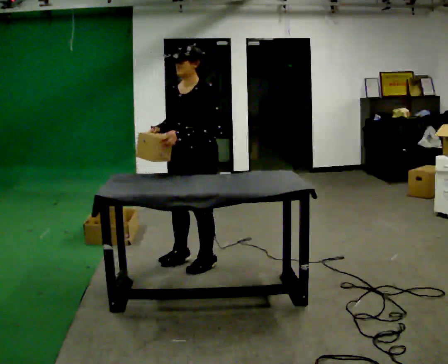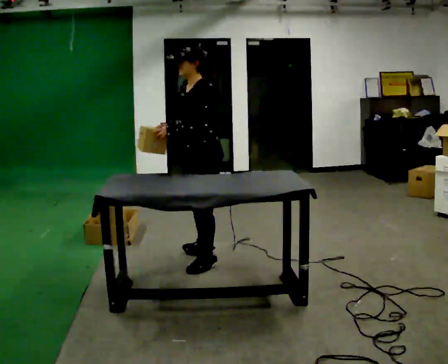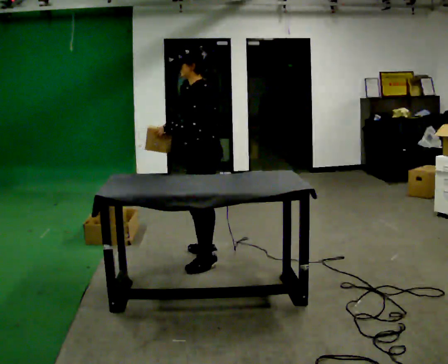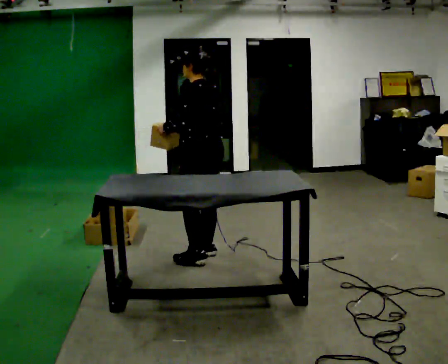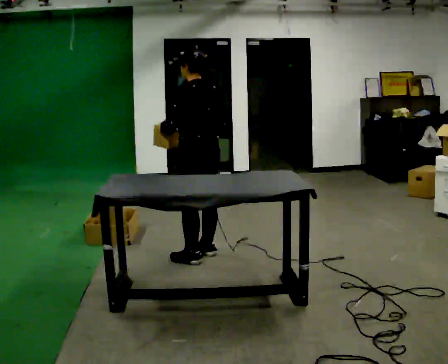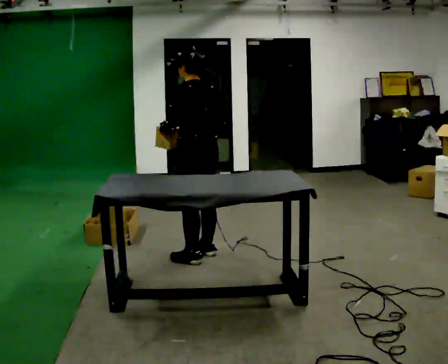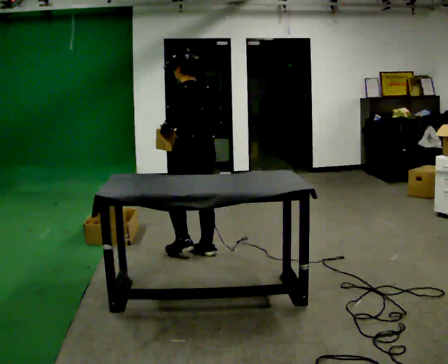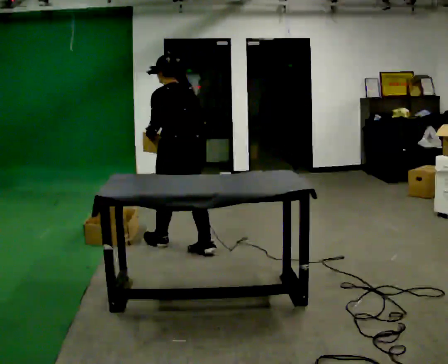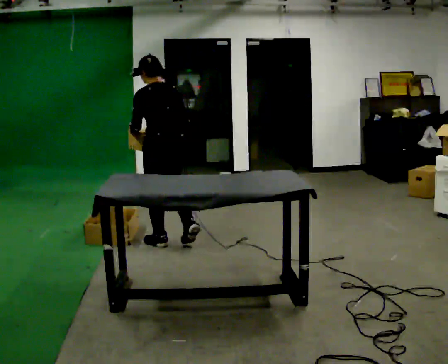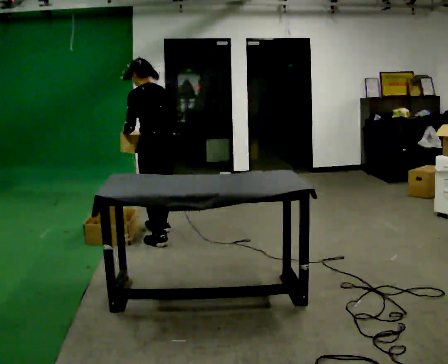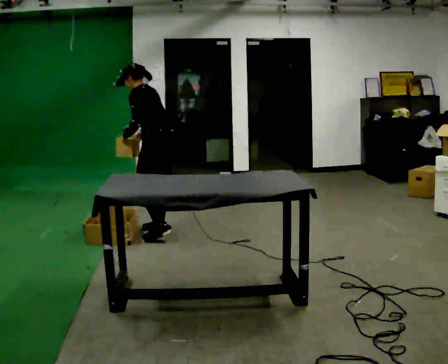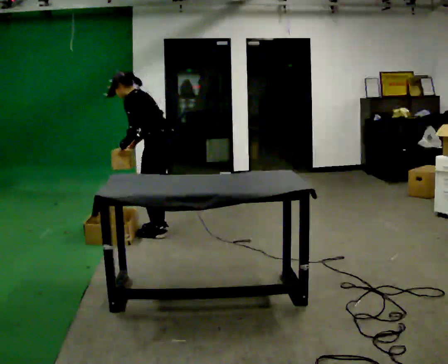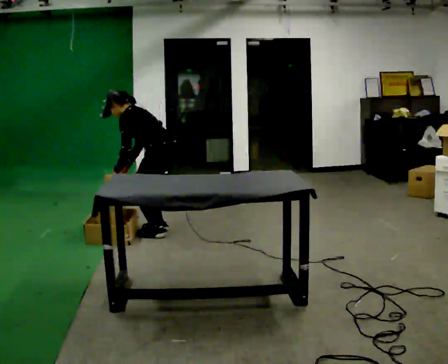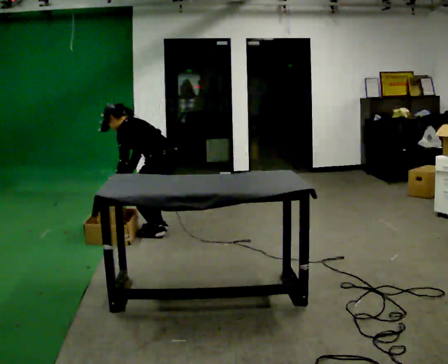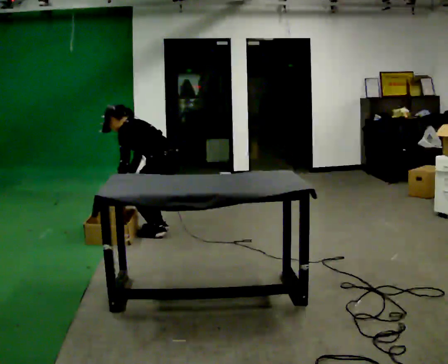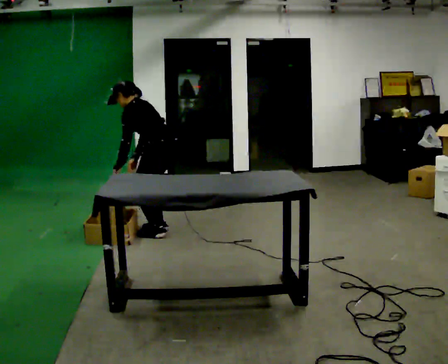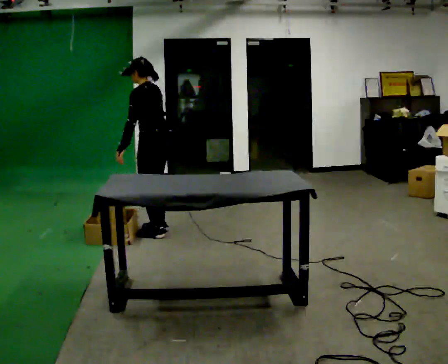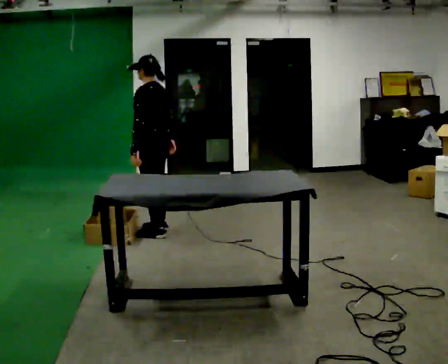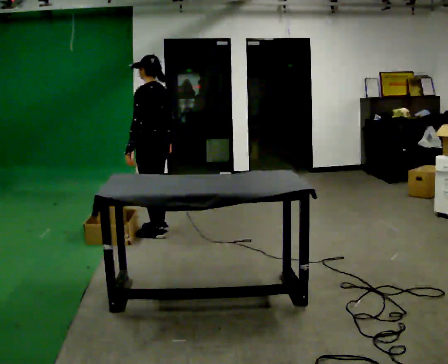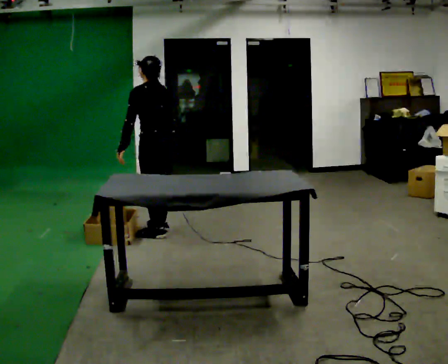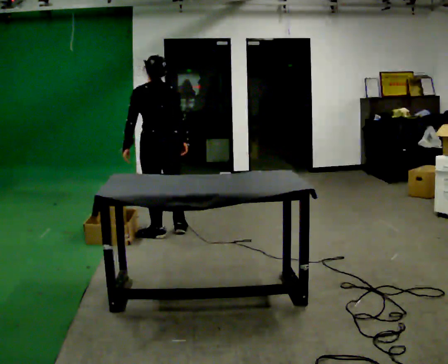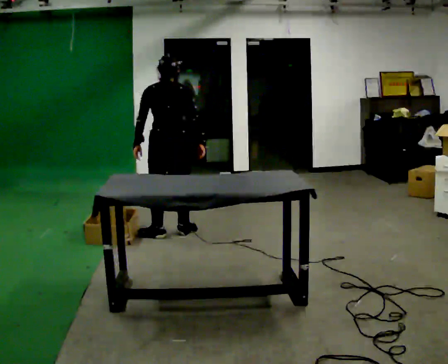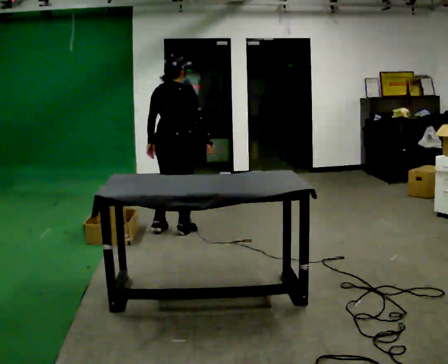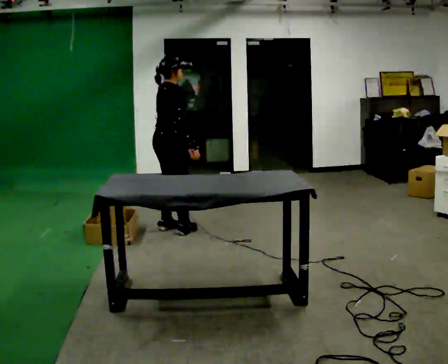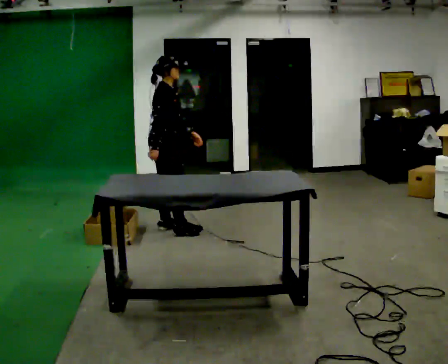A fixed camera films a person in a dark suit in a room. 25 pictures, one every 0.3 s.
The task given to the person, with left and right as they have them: Carry each object across the room and drop it into the container on the floor, then walk back for the next one. Keep going until the operator says stop; one object at a time, and do not rush between trips.
0.0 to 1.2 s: The person turns about 75 degrees to their right, clockwise seen from above, so the part of the body nearest the lens slides to the left. In the picture they go away from the camera, about 0.25 m in 1 step. In the picture their right hand goes to the right.
1.2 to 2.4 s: In the picture they go away from the camera and to the left, about 0.5 m in 1 step, which for them is forward.
2.4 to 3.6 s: Seen from above the body turns counterclockwise, about 30 degrees: to their left, with its near side sliding to the right. In the picture they go away from the camera, about 0.25 m in 2 steps, which for them is to their right and forward. The upper body goes downward. In the picture the upper body tilts counterclockwise, shoulders to the left, as they bend forward. In the picture their right hand goes downward.
3.6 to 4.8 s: In the picture the upper body tilts clockwise, shoulders to the right, as they lean back or straighten.
4.8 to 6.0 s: The part of the body nearest the lens slides to the left as the person turns to their right by about 30 degrees.
6.0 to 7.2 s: The person turns about 120 degrees to their right, clockwise seen from above, so the part of the body nearest the lens slides to the left. In the picture their left hand goes to the right, the arm swinging counterclockwise.
The film runs forward here.
